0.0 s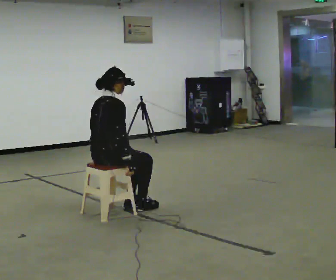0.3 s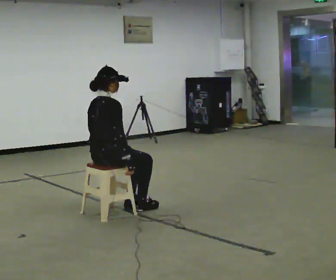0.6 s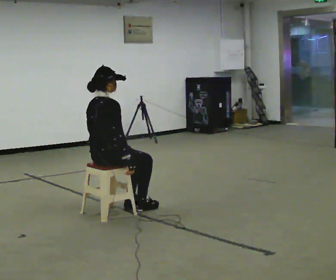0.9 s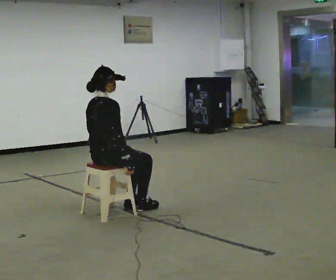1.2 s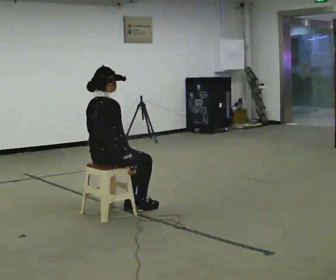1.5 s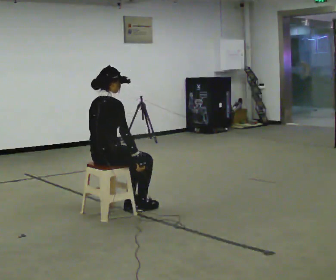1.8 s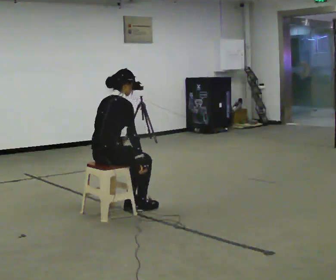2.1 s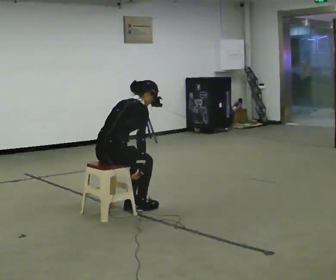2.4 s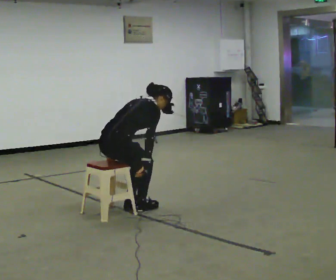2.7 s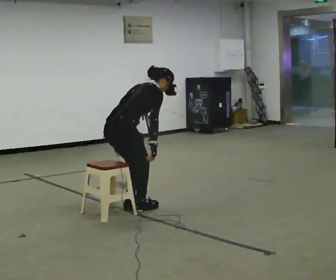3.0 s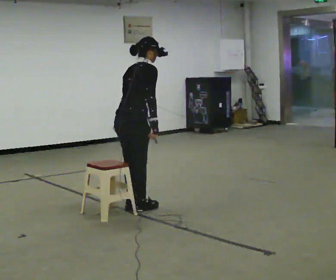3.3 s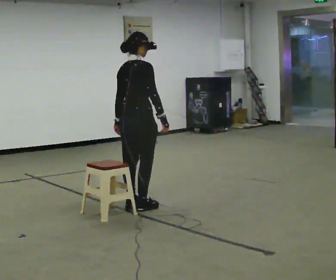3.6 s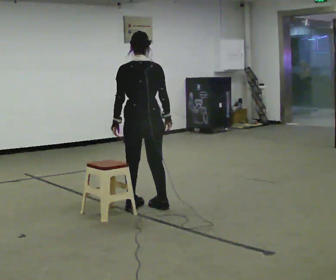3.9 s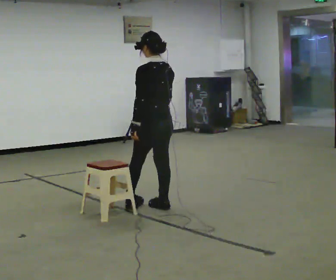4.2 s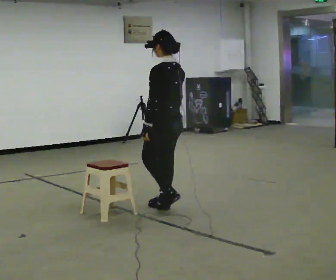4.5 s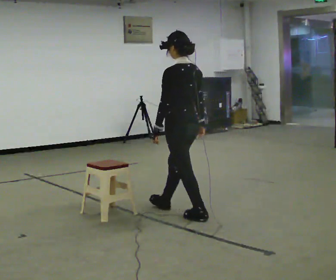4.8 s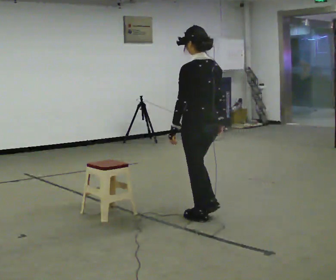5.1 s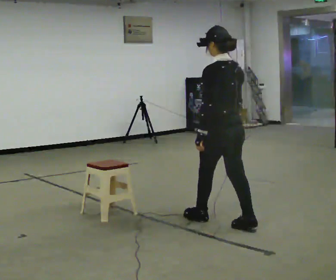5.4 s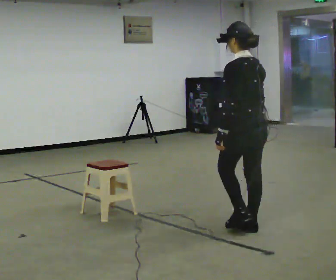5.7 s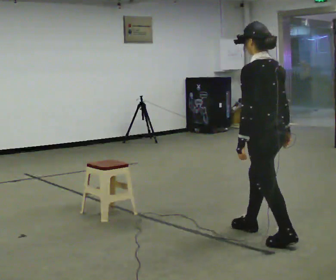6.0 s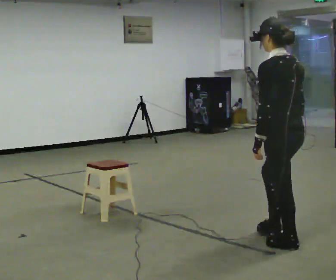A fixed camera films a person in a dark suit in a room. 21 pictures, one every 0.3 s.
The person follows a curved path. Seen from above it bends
clockwise.
0.0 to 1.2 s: The person moves a little, or ends about where they began.
1.2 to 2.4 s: In the picture the upper body tilts clockwise, shoulders to the right, as they bend forward.
2.4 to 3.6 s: The person turns about 45 degrees to their left, counterclockwise seen from above, so the part of the body nearest the lens slides to the right. In the picture they go to the right and away from the camera, about 0.25 m in 1 step, which for them is forward. The upper body goes upward. In the picture the upper body tilts counterclockwise, shoulders to the left, as they lean back or straighten. In the picture their right hand goes upward.
3.6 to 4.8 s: Seen from above the body turns counterclockwise, about 45 degrees: to their left, with its near side sliding to the right. In the picture they go to the right and toward the camera, about 0.75 m in 2 steps.
4.8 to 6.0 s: In the picture they go toward the camera and to the right, about 1 m in 2 steps, which for them is backward.
The film runs backward here.
